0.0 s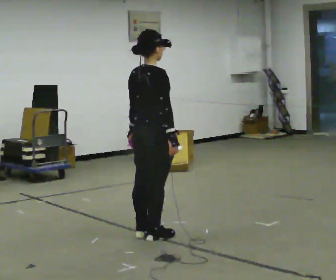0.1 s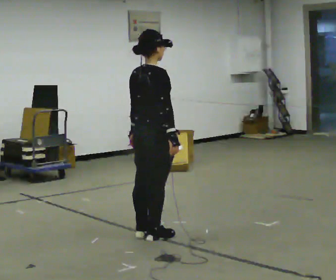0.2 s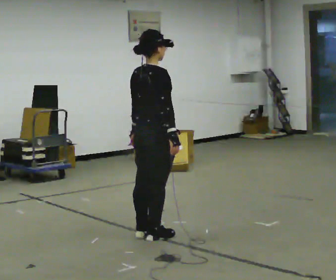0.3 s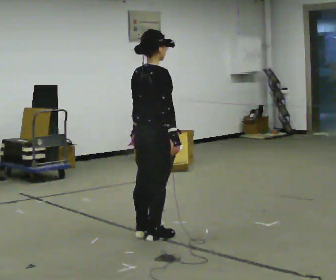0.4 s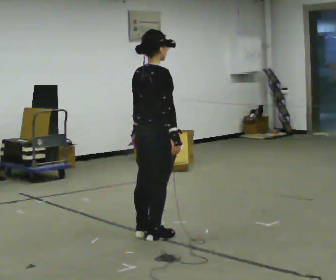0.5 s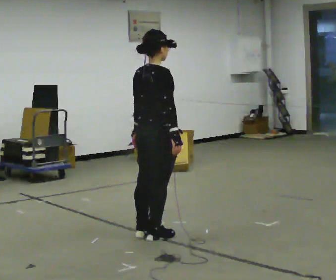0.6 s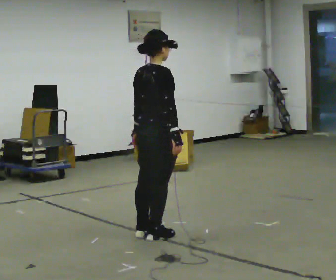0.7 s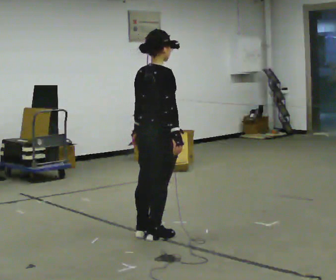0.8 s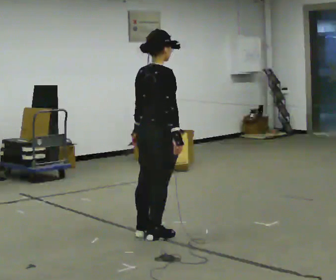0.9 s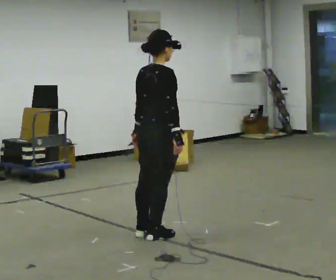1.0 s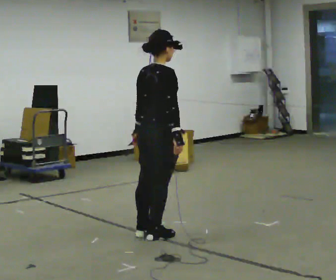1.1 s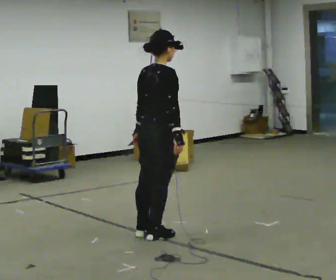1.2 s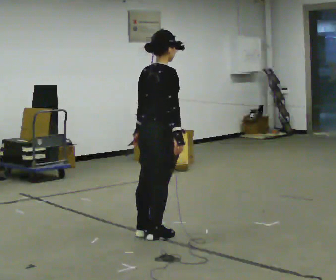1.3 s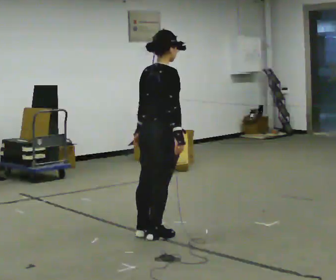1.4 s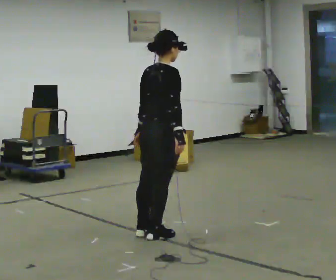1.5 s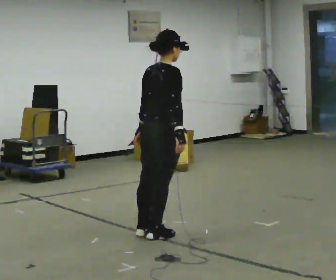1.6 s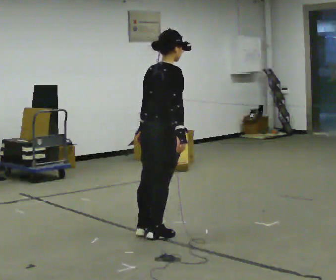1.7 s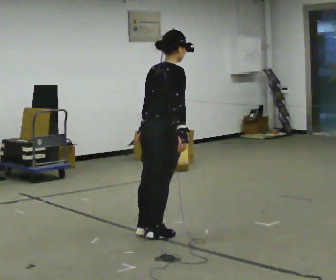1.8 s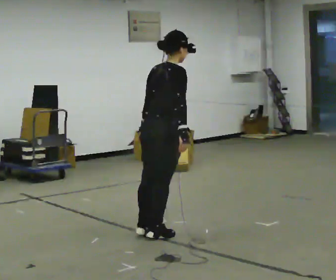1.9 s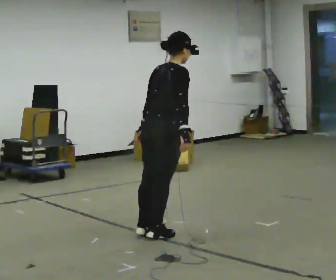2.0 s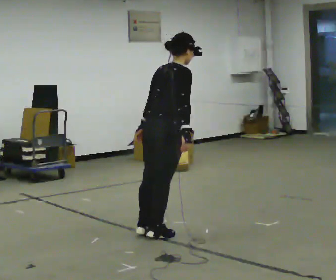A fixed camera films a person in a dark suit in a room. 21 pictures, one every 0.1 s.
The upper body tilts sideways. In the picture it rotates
clockwise.
0.0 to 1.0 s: The person moves a little, or ends about where they began.
1.0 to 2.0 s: In the picture the upper body tilts clockwise, shoulders to the right, as they bend forward.
The film runs forward here.
